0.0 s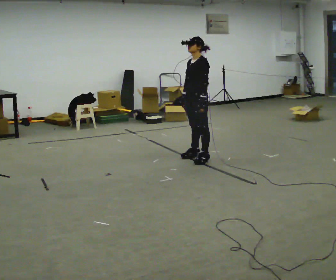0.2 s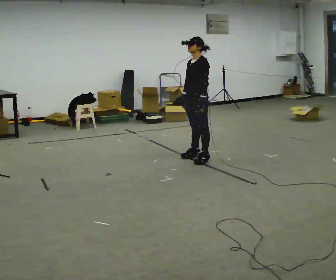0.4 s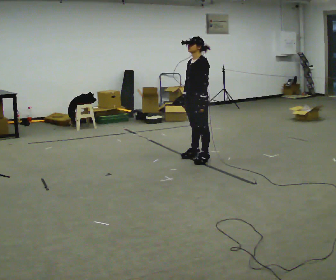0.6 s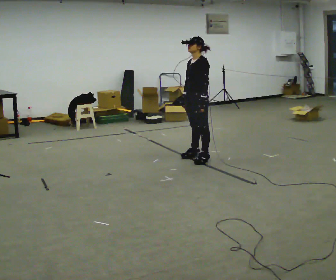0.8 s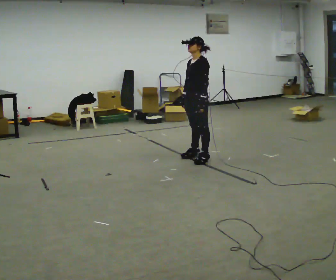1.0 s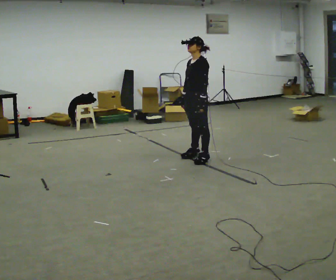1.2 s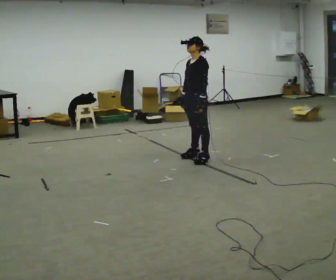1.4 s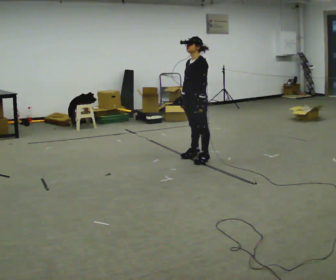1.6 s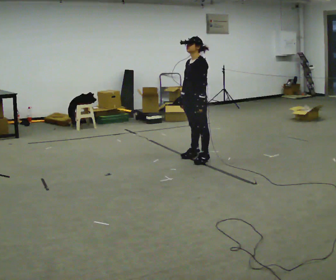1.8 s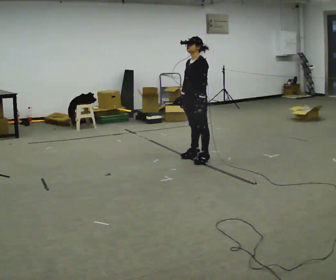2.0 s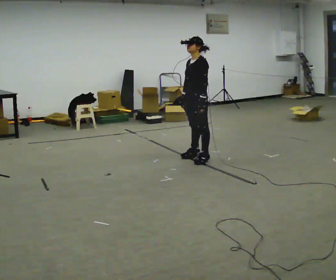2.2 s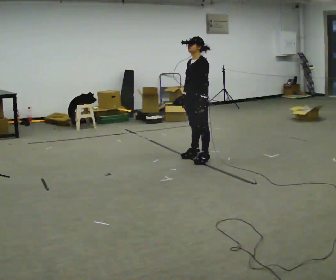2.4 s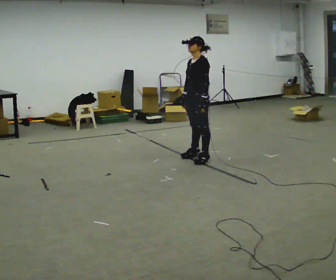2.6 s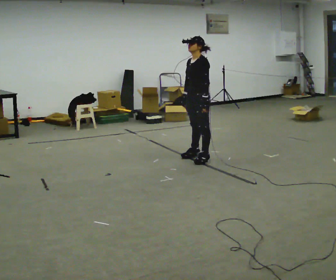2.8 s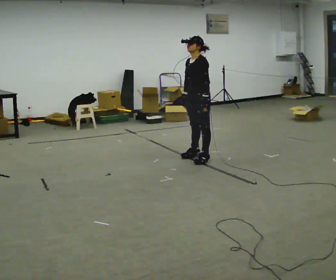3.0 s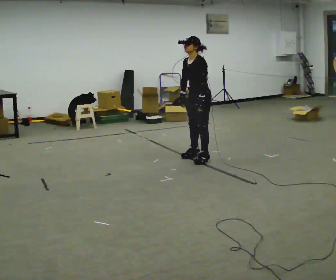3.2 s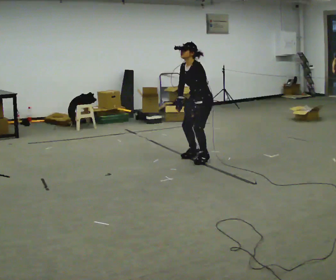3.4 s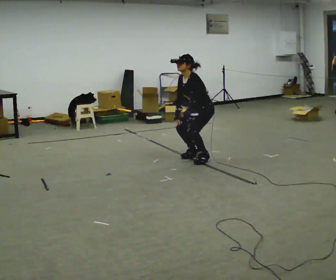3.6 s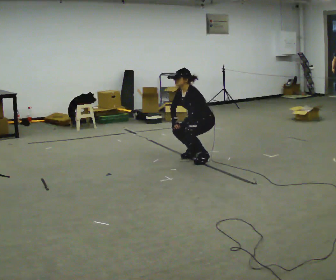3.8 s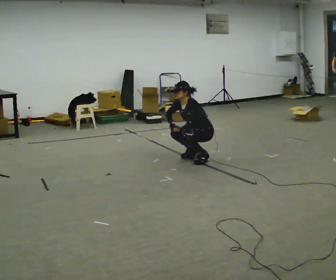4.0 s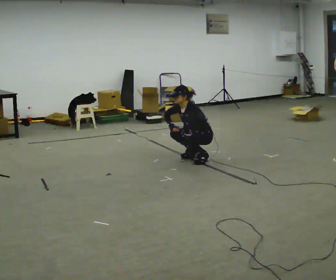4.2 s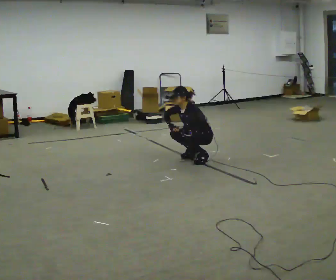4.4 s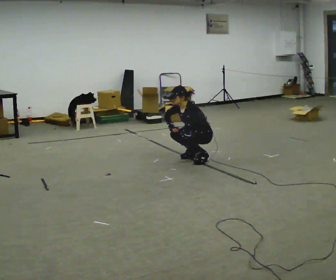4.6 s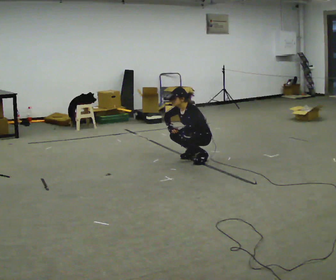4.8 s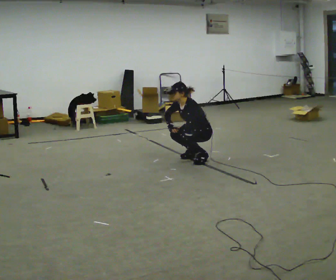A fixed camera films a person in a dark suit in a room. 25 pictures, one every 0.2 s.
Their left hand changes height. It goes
downward.
The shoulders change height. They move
downward.
0.0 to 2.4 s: The person moves a little, or ends about where they began.
2.4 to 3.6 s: The shoulders move downward. In the picture the upper body tilts counterclockwise, shoulders to the left, as they bend forward. In the picture their left hand goes downward.
3.6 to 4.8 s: The person moves a little, or ends about where they began.
The film runs backward here.
